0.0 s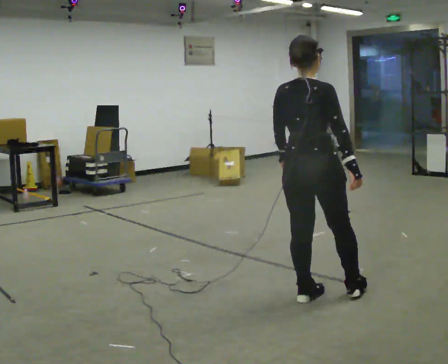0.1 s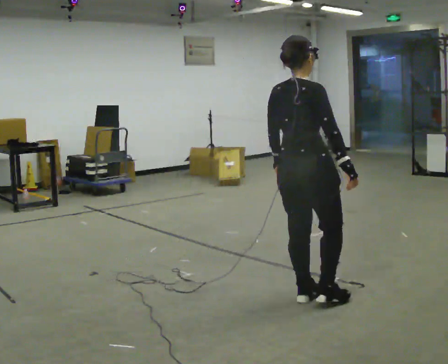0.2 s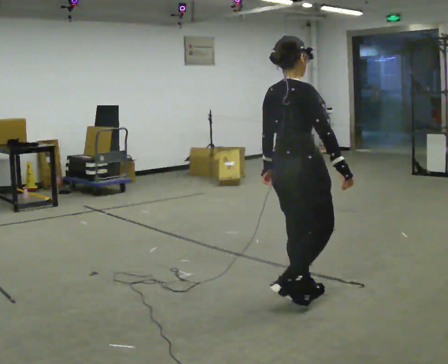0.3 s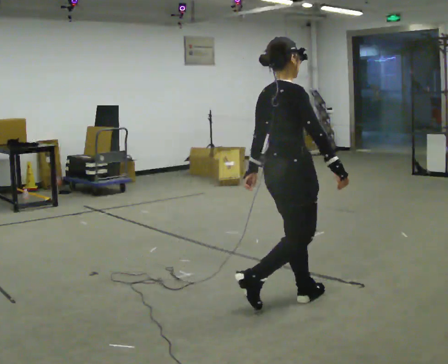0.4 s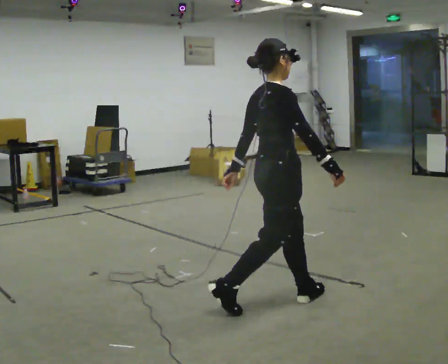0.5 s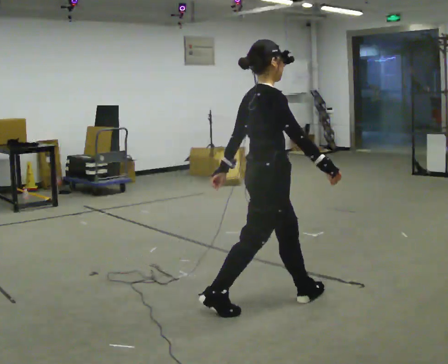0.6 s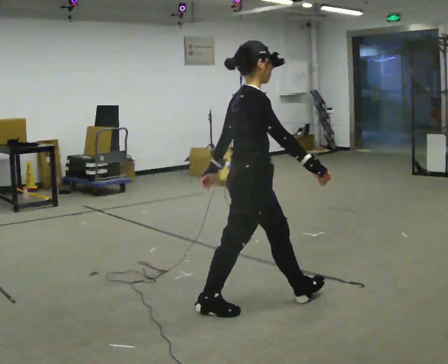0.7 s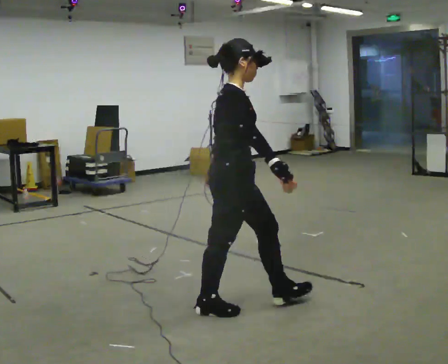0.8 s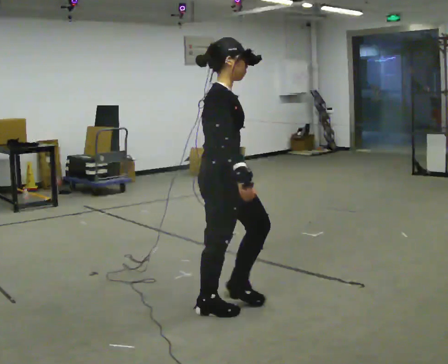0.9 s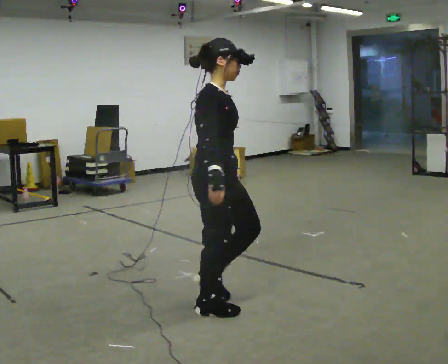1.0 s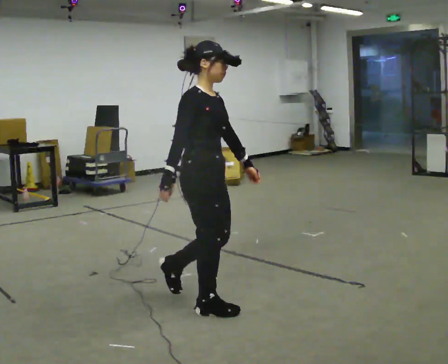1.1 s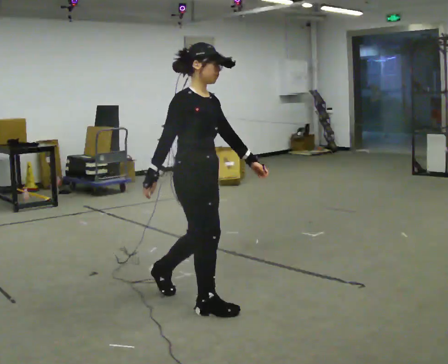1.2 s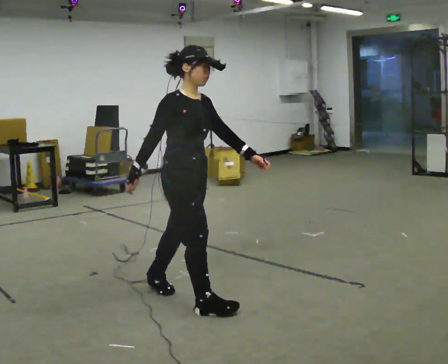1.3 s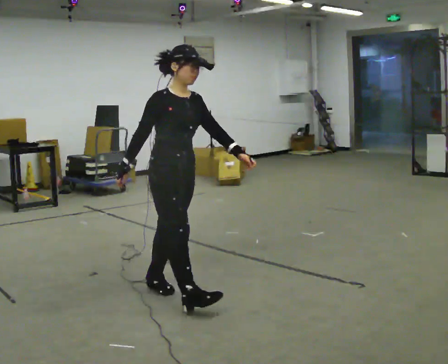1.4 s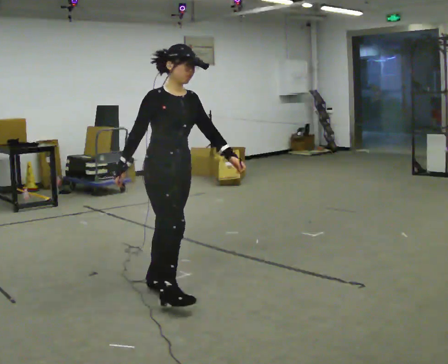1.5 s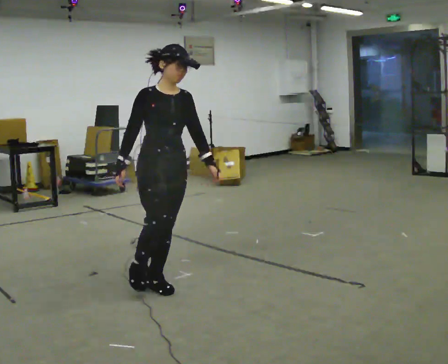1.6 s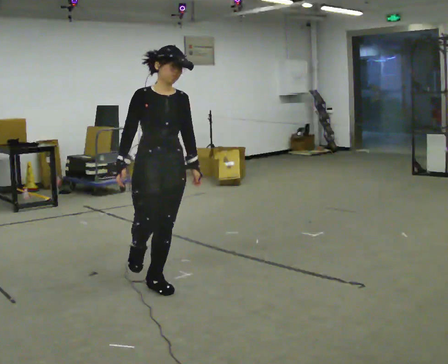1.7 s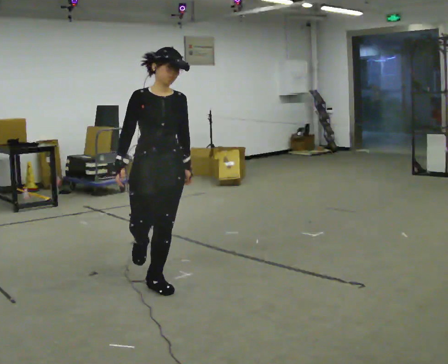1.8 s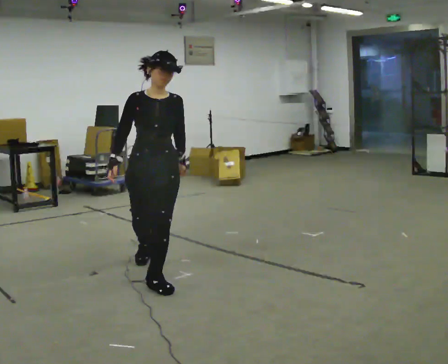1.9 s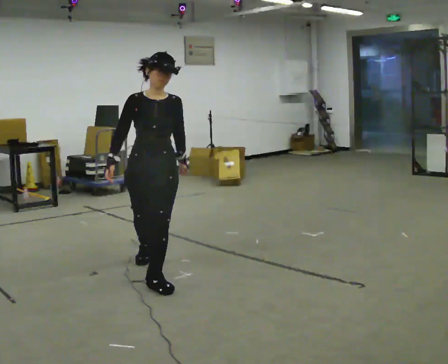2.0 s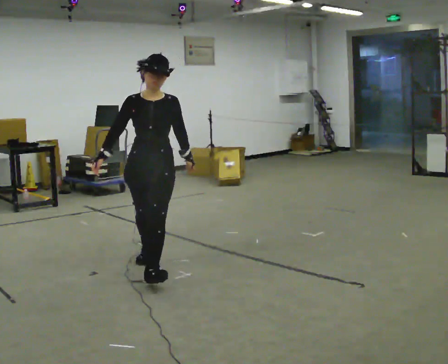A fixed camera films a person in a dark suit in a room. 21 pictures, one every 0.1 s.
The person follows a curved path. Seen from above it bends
clockwise.
The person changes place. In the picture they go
to the left.
0.0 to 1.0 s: Seen from above the body turns clockwise, about 90 degrees: to their right, with its near side sliding to the left. In the picture they go to the left, about 0.75 m in 1 step.
1.0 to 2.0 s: Seen from above the body turns clockwise, about 75 degrees: to their right, with its near side sliding to the left. In the picture they go away from the camera and to the left, about 1 m in 2 steps.
The film runs backward here.
